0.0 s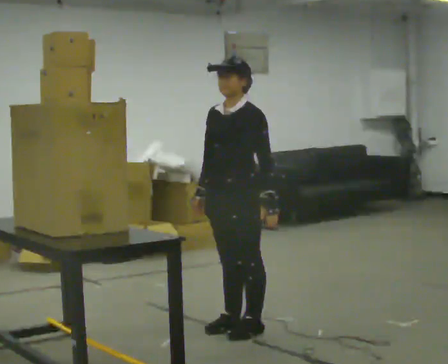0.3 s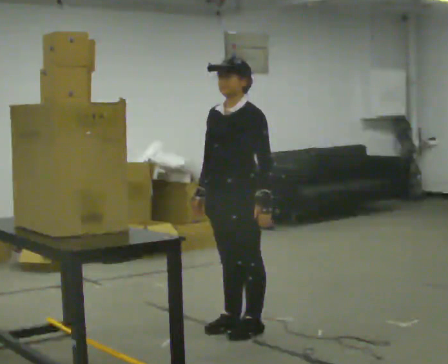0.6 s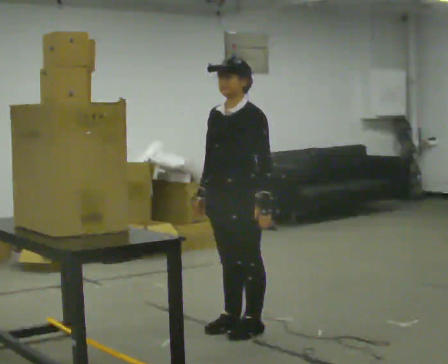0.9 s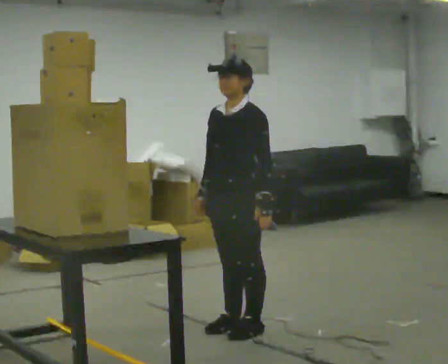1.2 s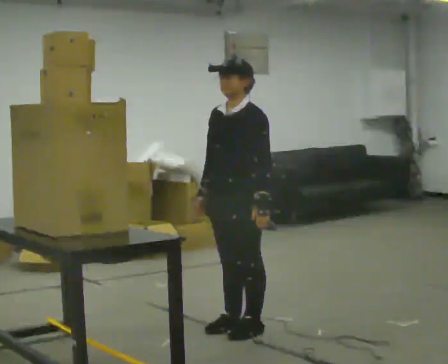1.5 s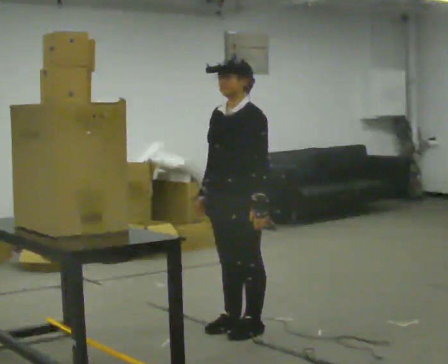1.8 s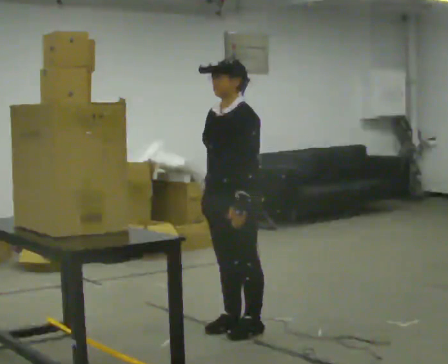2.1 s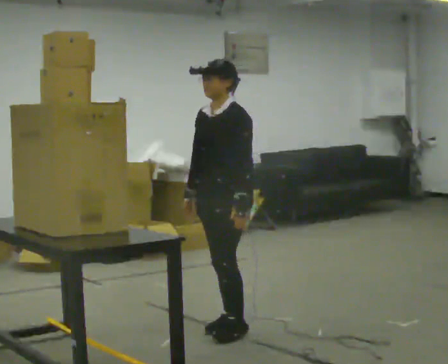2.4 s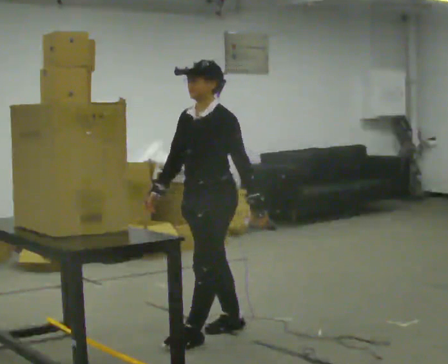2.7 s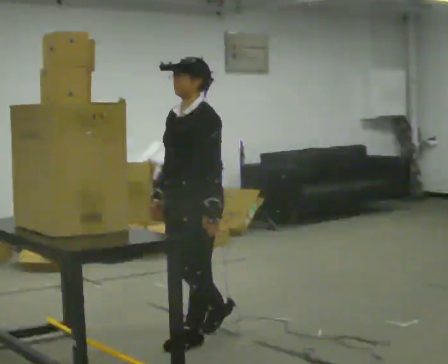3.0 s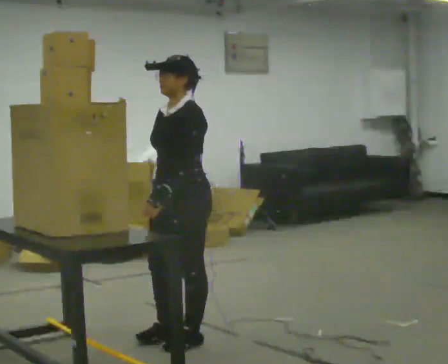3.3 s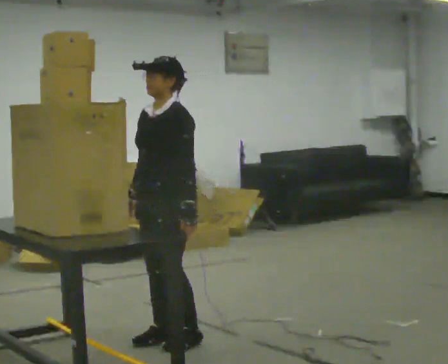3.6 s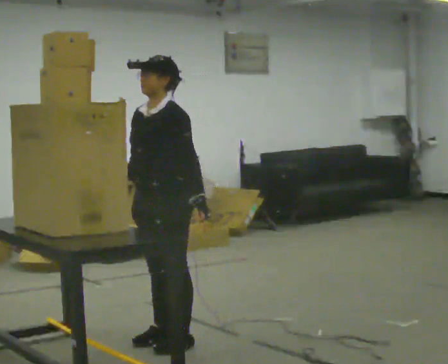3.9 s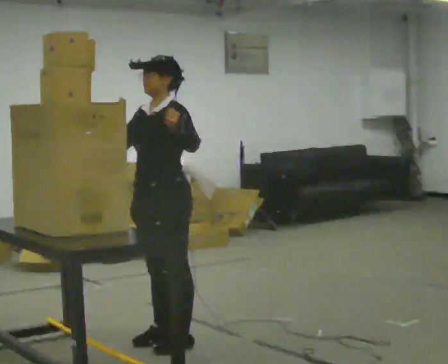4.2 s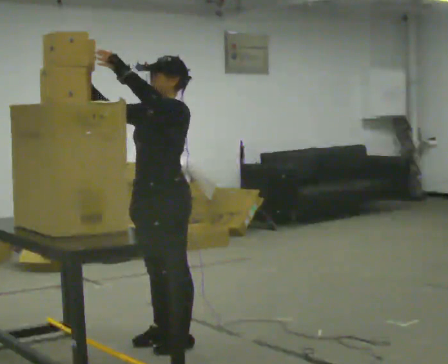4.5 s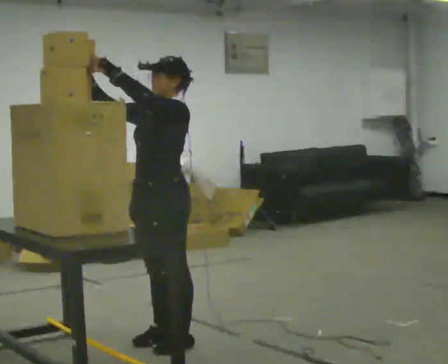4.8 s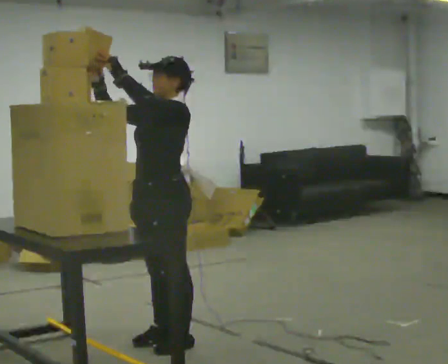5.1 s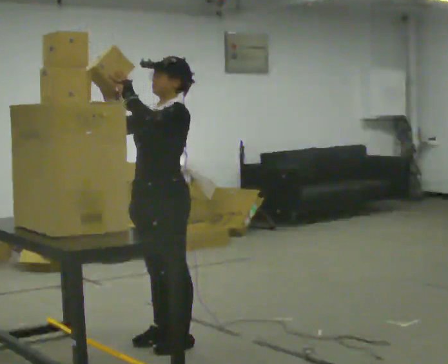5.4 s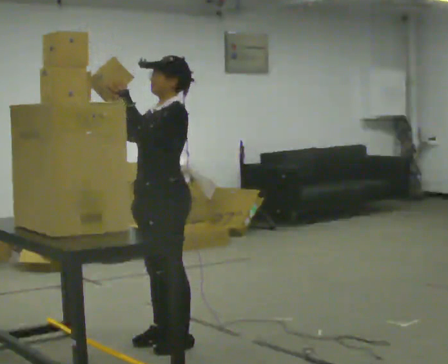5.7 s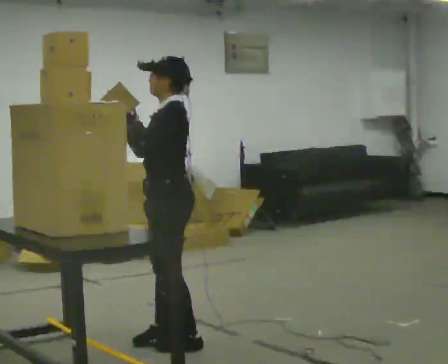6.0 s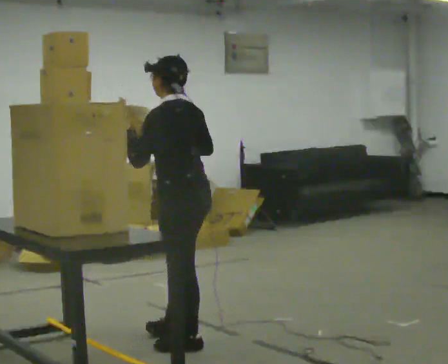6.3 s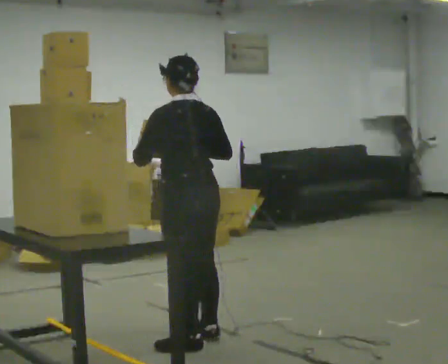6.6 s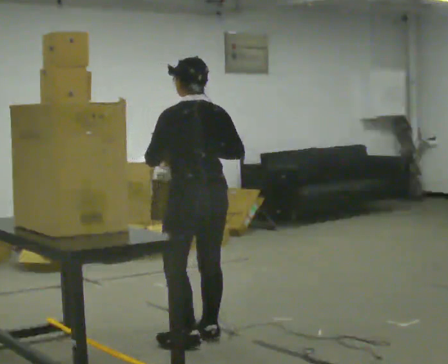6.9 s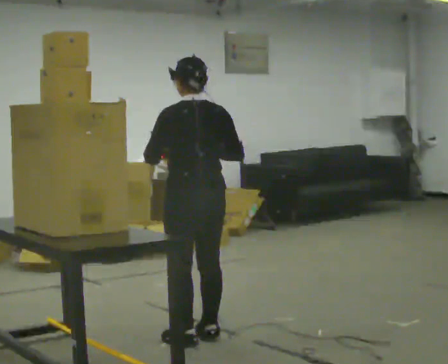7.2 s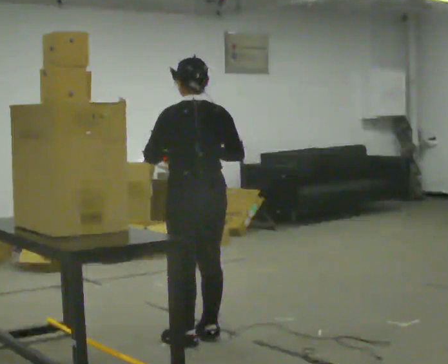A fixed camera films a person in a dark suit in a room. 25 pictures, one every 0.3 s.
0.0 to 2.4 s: The person moves a little, or ends about where they began.
2.4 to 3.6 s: In the picture they go to the left and toward the camera, about 0.25 m in 1 step, which for them is forward.
3.6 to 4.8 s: In the picture their left hand goes upward and to the left.
4.8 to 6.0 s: The person turns about 60 degrees to their right, clockwise seen from above, so the part of the body nearest the lens slides to the left. In the picture their right hand goes to the right and downward.
6.0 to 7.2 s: The person turns about 30 degrees to their right, clockwise seen from above, so the part of the body nearest the lens slides to the left. In the picture they go away from the camera, about 0.25 m in 1 step, which for them is to their right.
The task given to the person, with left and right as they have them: Take an object down from the highest shelf you can comfortably reach, carry it across the room, and set it on the floor. Keep going until the operator says stop; one object at a time, and do not rush between trips.
The film runs forward here.
